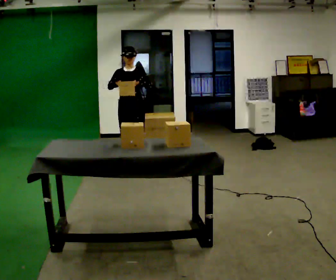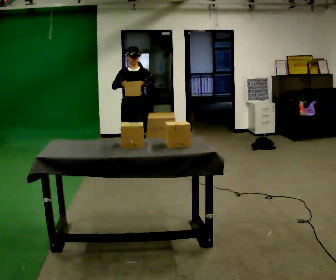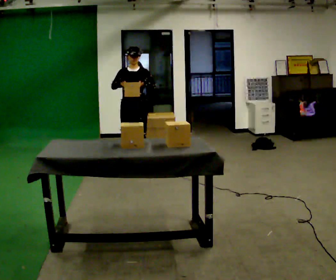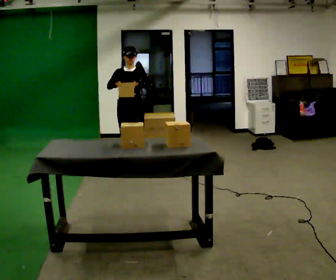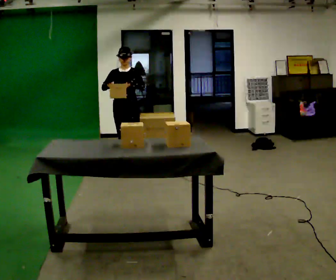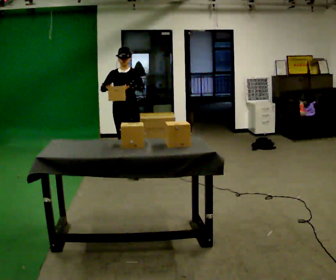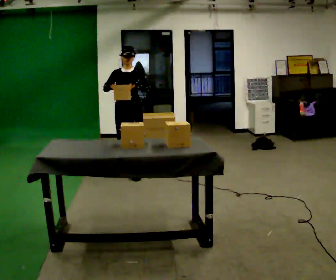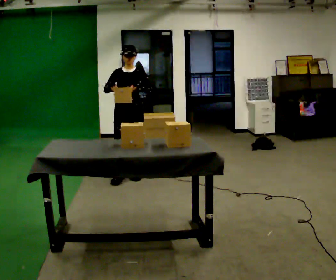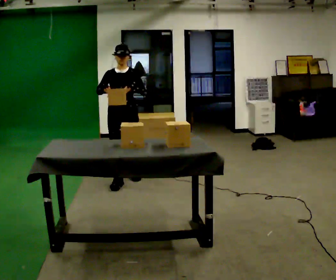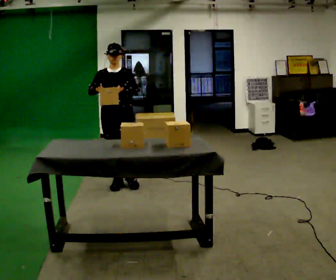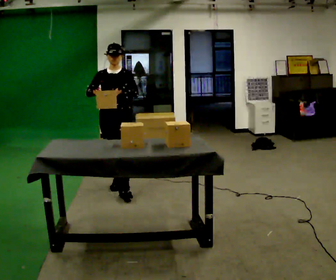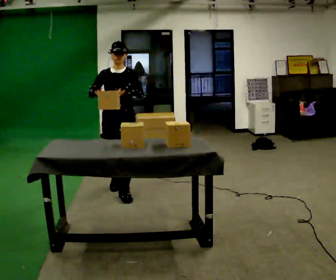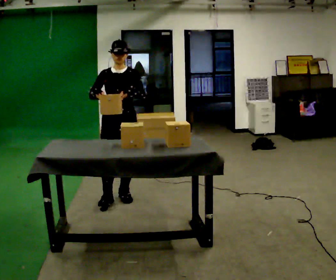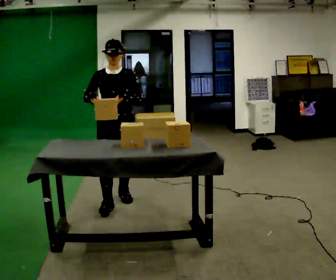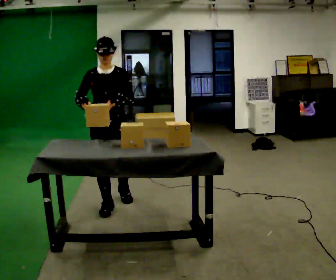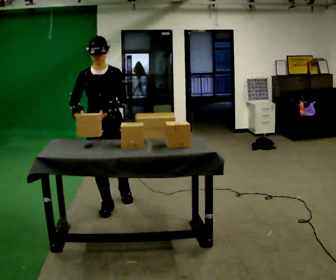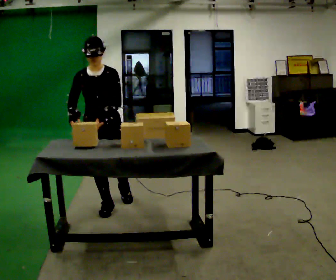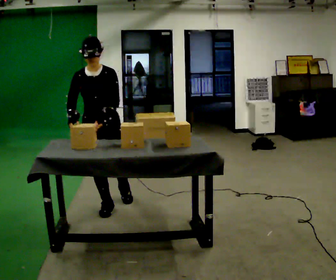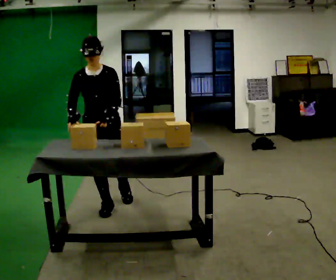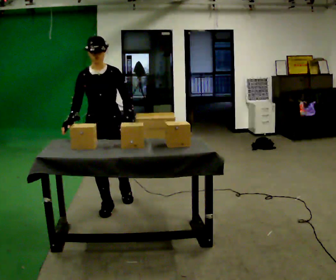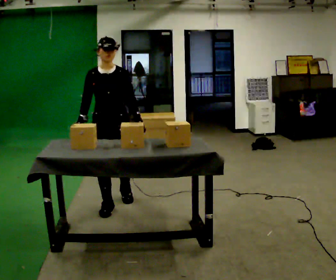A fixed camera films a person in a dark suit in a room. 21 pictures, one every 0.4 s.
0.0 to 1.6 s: The person moves a little, or ends about where they began.
1.6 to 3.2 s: In the picture they go toward the camera, about 0.5 m in 2 steps, which for them is forward.
3.2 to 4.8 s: In the picture they go toward the camera, about 0.5 m in 1 step, which for them is forward.
4.8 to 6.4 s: In the picture they go toward the camera and to the left, about 0.5 m in 1 step, which for them is forward. The upper body tips toward the camera, its near side rolling downward, as they bend forward.
6.4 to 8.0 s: The person moves a little, or ends about where they began.
The film runs forward here.
